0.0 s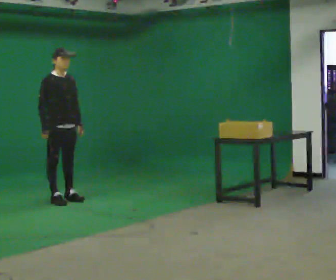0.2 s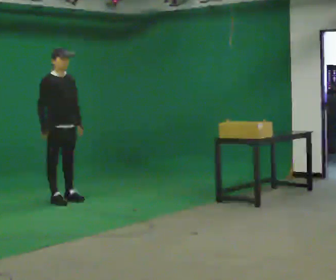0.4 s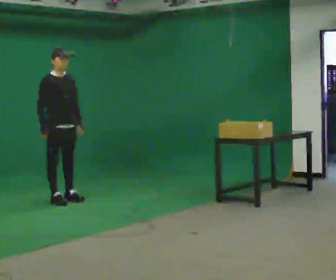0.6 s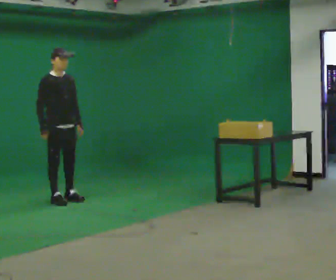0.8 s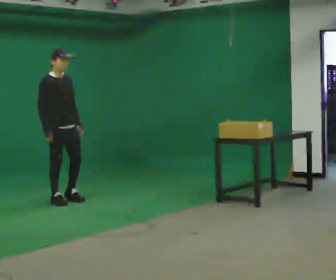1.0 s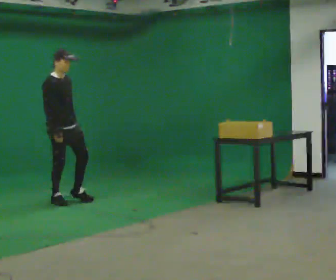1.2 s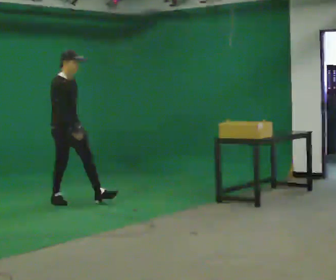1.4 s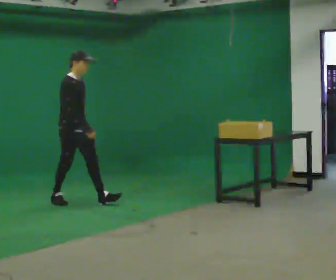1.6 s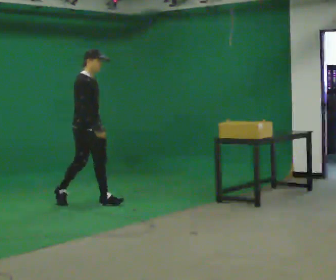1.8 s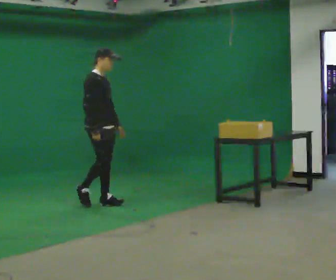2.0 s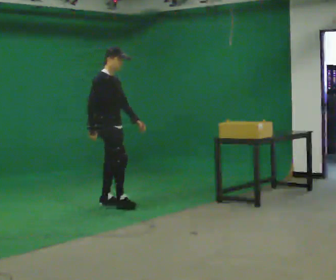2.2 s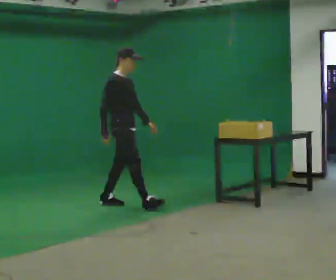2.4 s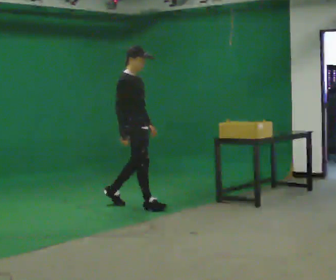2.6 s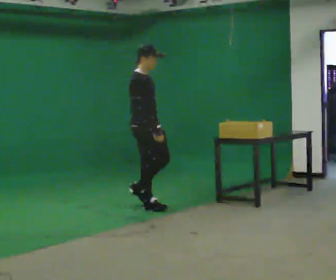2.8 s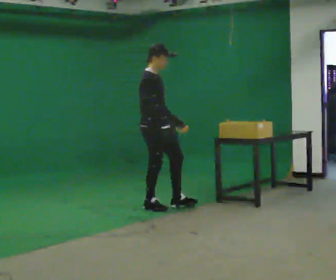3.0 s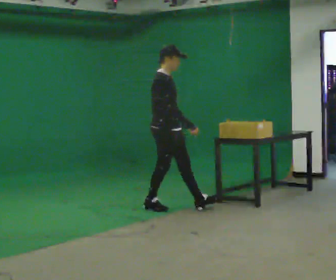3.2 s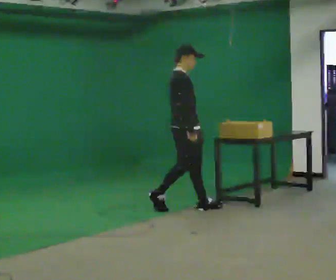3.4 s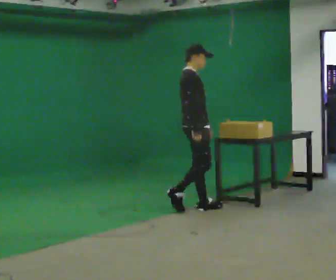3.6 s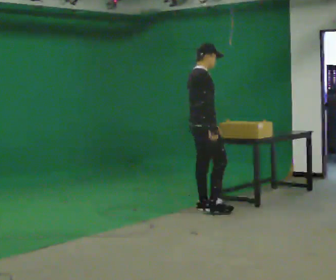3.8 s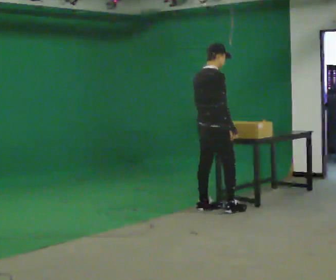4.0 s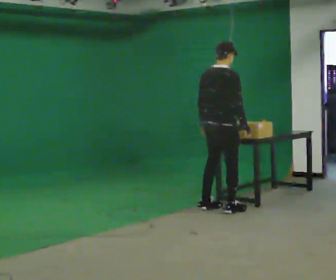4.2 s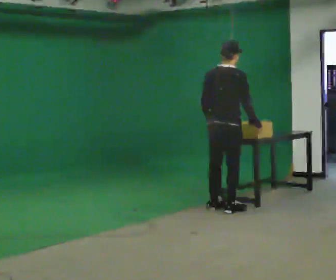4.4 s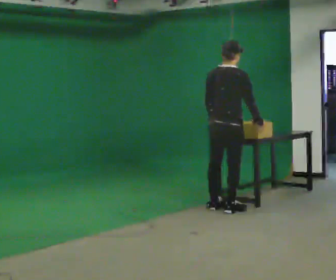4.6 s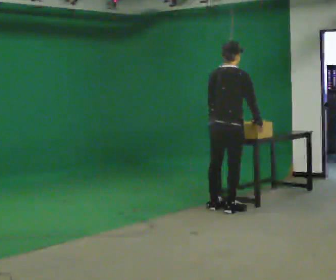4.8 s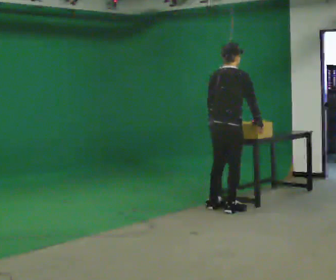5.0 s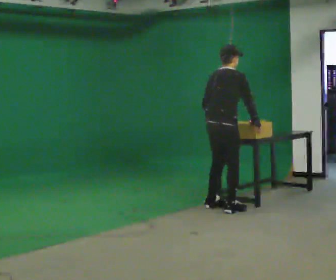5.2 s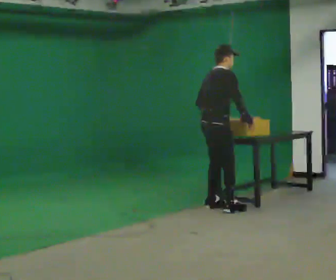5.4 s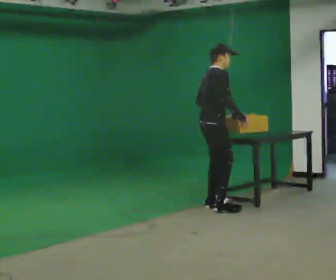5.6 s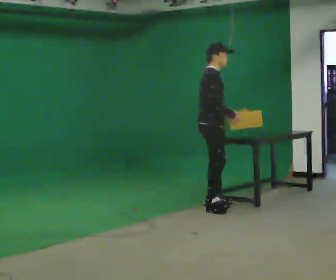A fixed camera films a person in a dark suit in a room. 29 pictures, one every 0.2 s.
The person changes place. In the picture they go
to the right.
The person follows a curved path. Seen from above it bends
counterclockwise.
0.0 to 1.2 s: In the picture their right hand goes to the right.
1.2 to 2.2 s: In the picture they go to the right, about 0.75 m in 1 step, which for them is forward.
2.2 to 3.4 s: In the picture they go to the right, about 1 m in 2 steps, which for them is forward.
3.4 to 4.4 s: Seen from above the body turns counterclockwise, about 60 degrees: to their left, with its near side sliding to the right. In the picture they go to the right, about 0.25 m in 1 step.
4.4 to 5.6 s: The part of the body nearest the lens slides to the left as the person turns to their right by about 60 degrees. In the picture they go away from the camera and to the left, about 0.25 m. In the picture their right hand goes to the left.
The film runs forward here.
